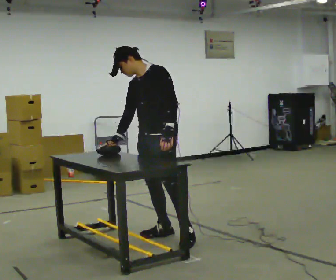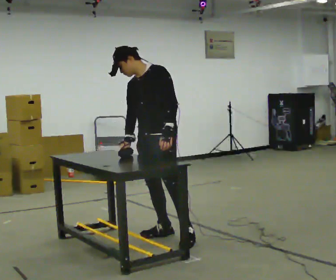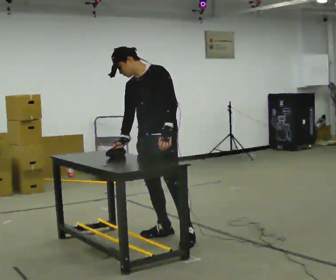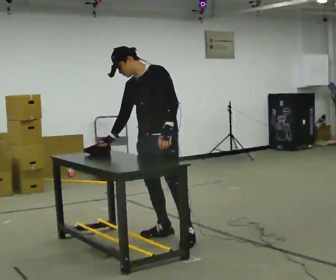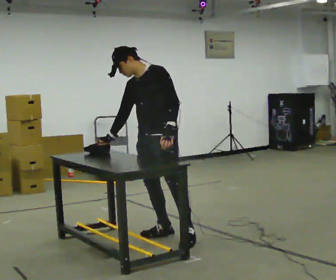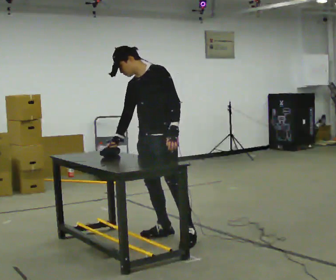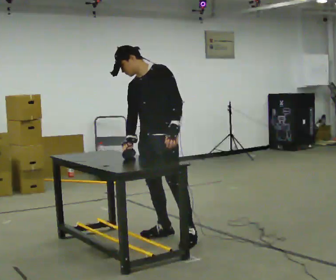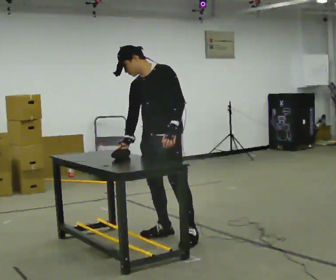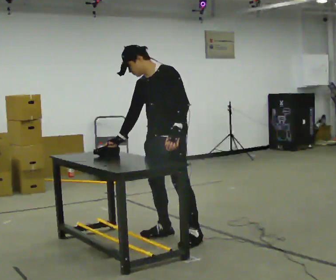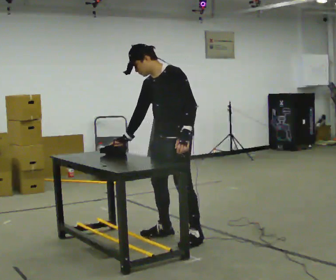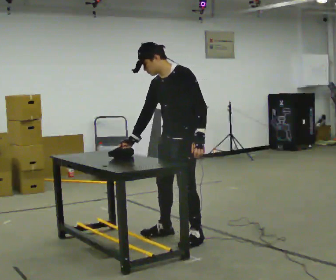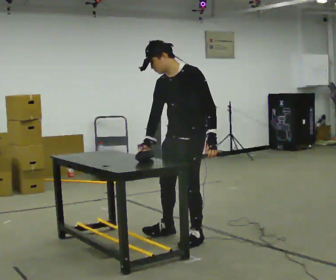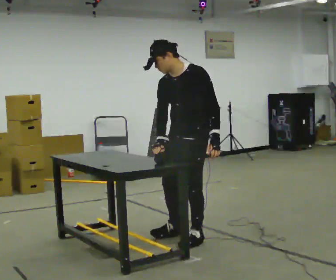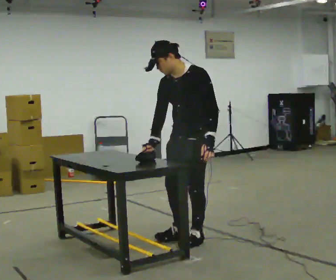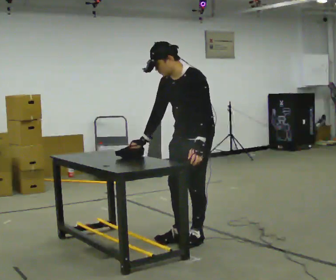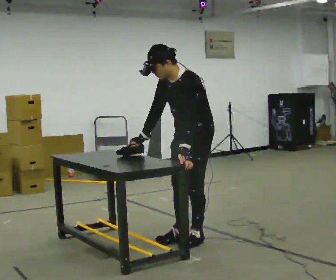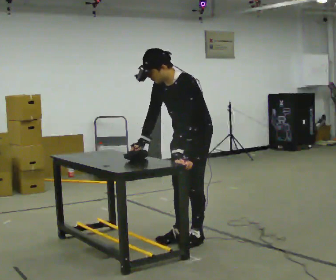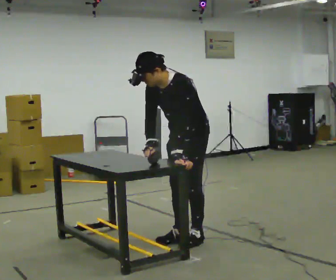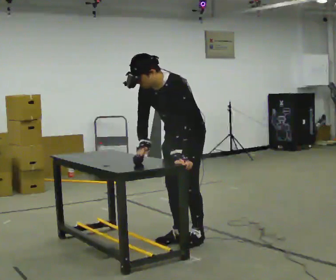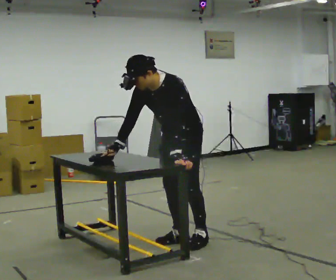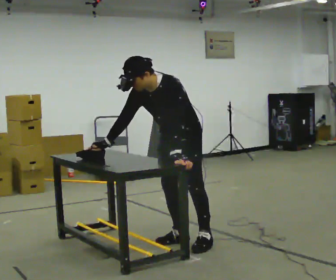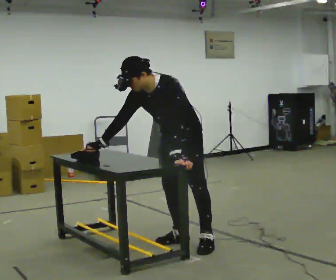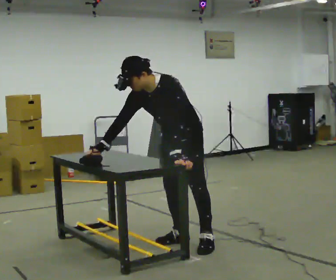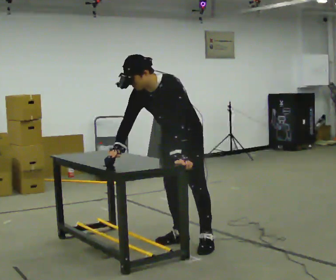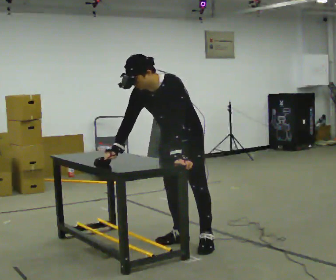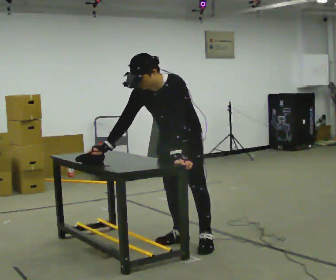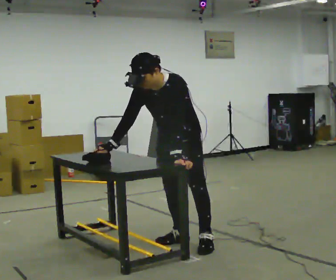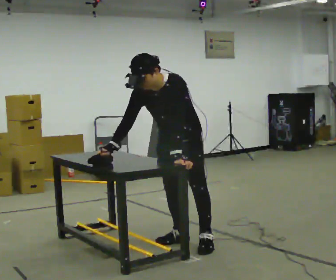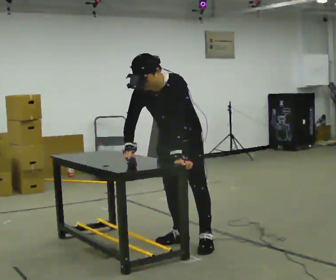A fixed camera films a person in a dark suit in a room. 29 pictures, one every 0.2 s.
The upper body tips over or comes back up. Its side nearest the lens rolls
downward.
0.0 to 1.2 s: The person moves a little, or ends about where they began.
1.2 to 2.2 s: In the picture they go to the right and toward the camera, about 0.25 m, which for them is to their left.
2.2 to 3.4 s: The upper body tips toward the camera, its near side rolling downward, as they bend forward.
3.4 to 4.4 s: In the picture their right hand goes to the left.
4.4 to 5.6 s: The person moves a little, or ends about where they began.
The film runs backward here.
